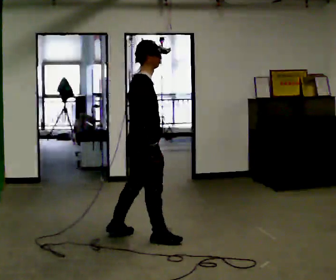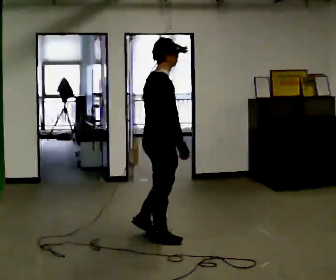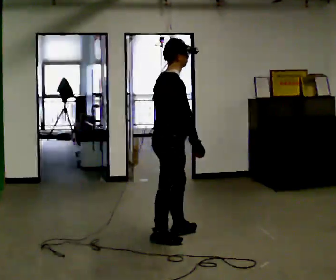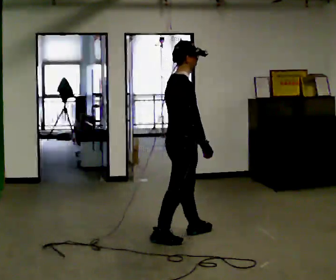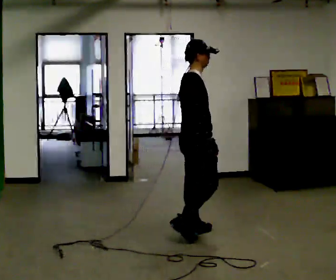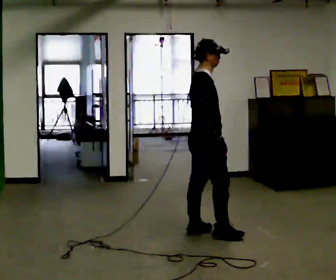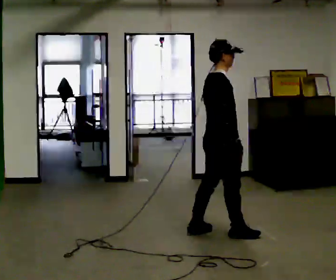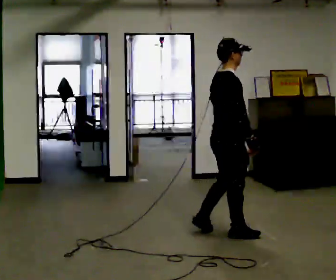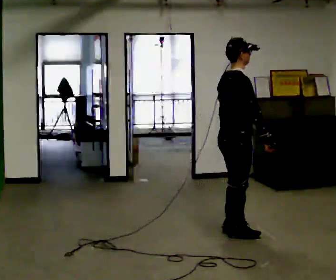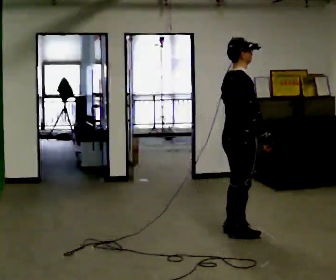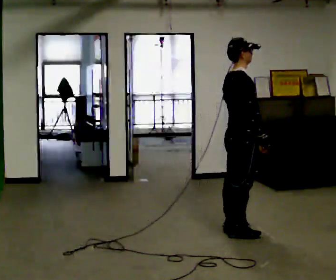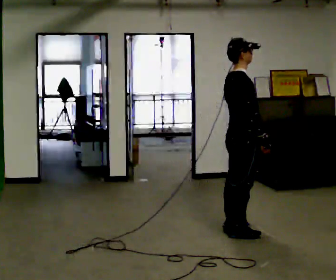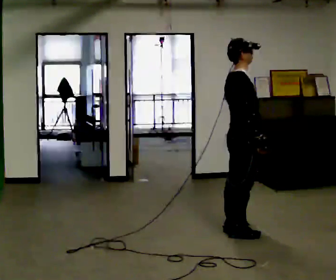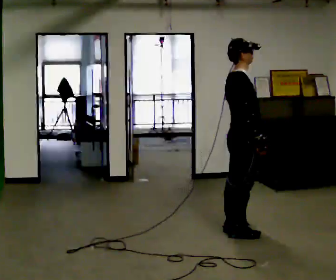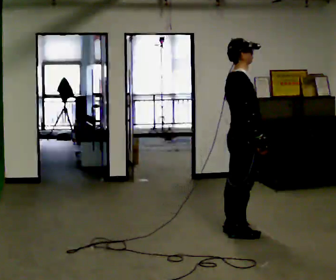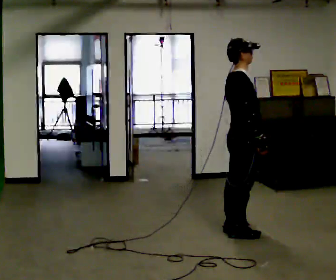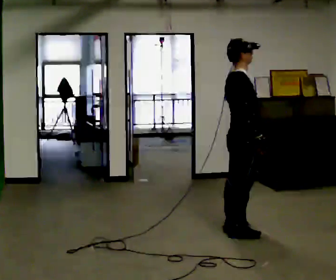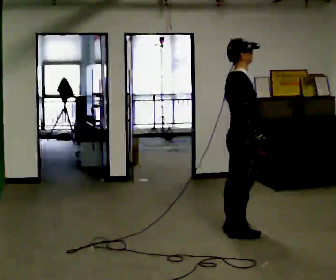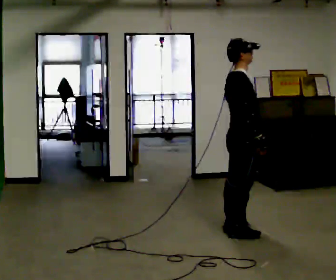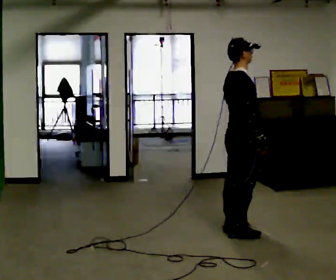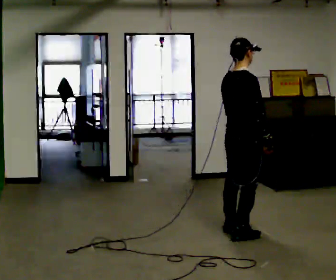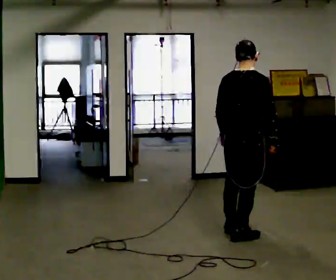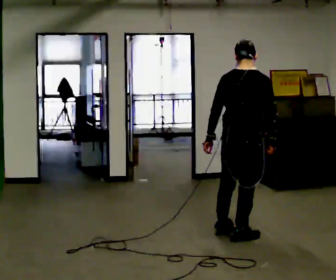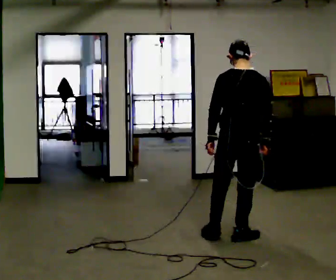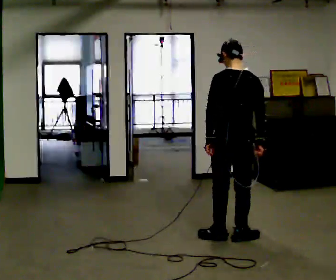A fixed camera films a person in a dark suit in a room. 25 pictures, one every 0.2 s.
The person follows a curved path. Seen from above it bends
clockwise.
0.0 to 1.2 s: In the picture they go to the right, about 0.75 m in 2 steps, which for them is forward.
1.2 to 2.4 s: In the picture they go to the right, about 0.25 m in 1 step, which for them is forward.
2.4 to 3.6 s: The person moves a little, or ends about where they began.
3.6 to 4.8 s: The part of the body nearest the lens slides to the right as the person turns to their left by about 90 degrees. In the picture they go toward the camera, about 0.25 m in 1 step.
The film runs forward here.
